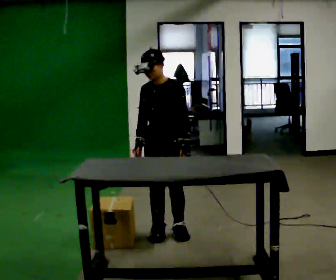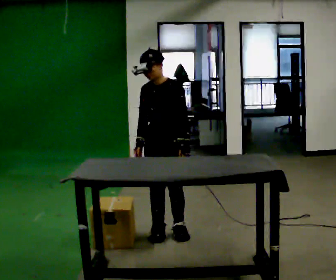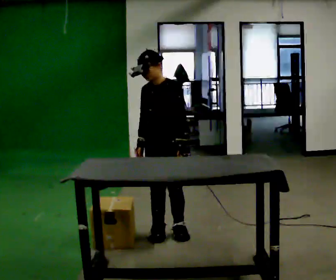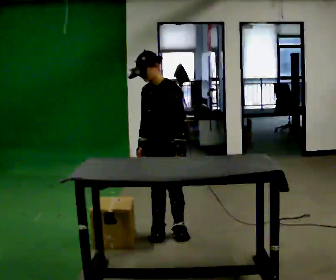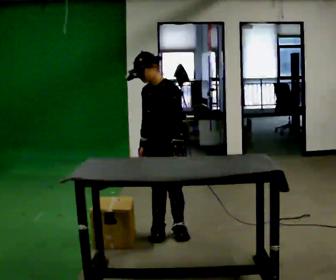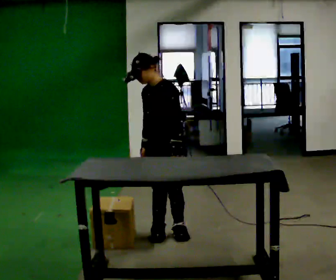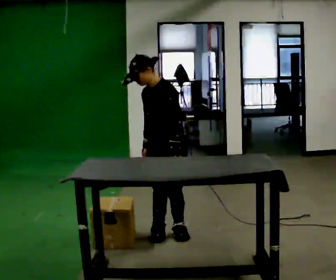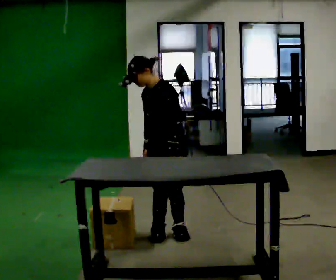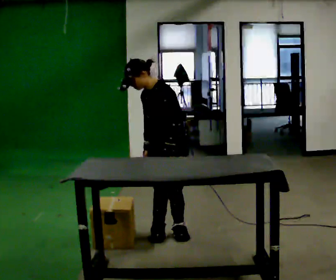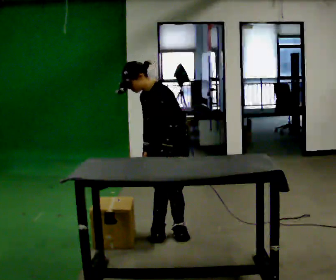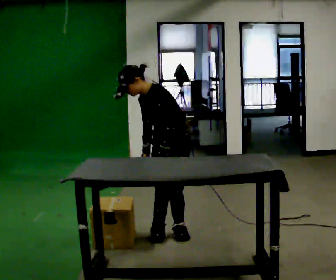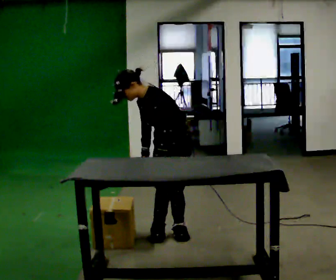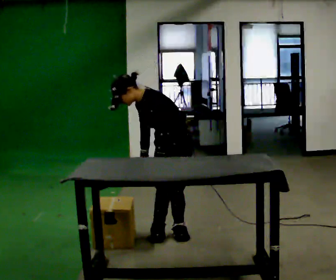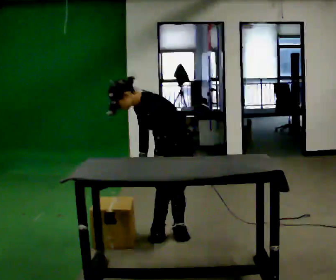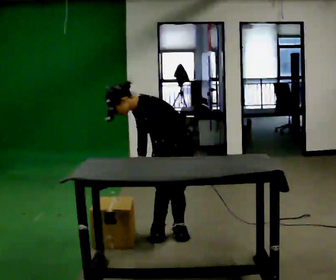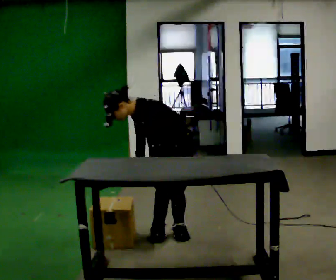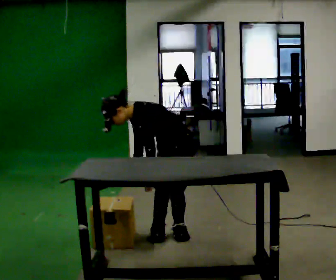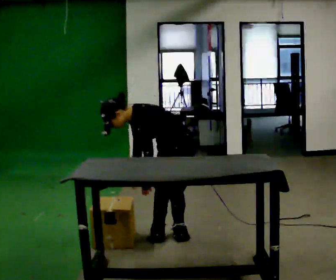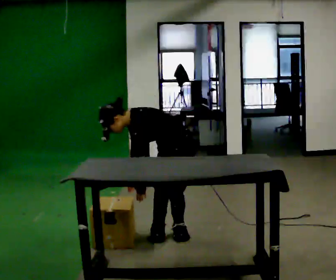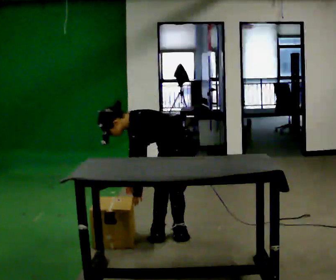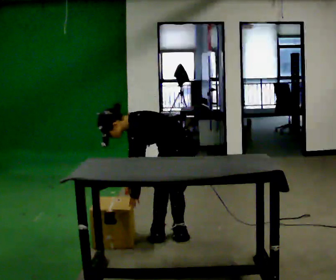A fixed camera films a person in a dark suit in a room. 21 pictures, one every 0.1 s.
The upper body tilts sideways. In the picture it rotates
counterclockwise.
The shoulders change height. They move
downward.
0.0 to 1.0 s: The part of the body nearest the lens slides to the left as the person turns to their right by about 30 degrees. In the picture the upper body tilts counterclockwise, shoulders to the left, as they bend forward.
1.0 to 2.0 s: The upper body goes downward. In the picture the upper body tilts counterclockwise, shoulders to the left, as they bend forward.
The film runs forward here.
